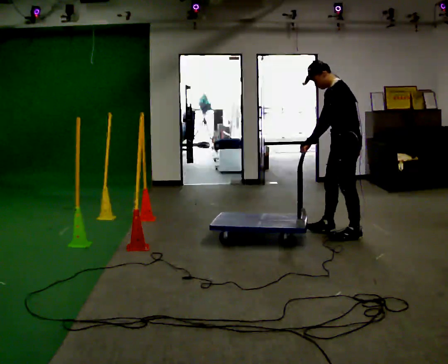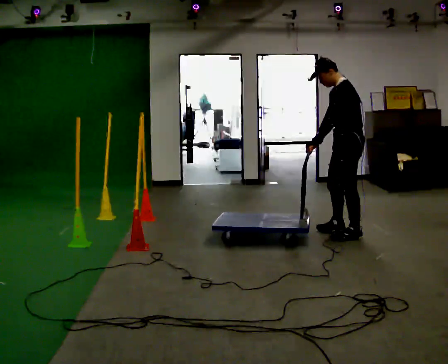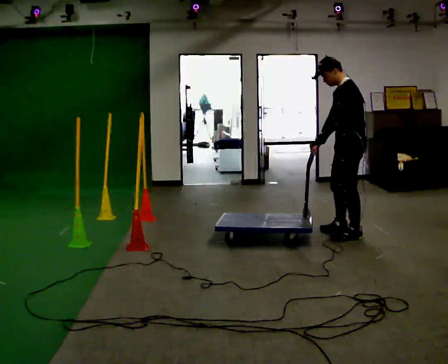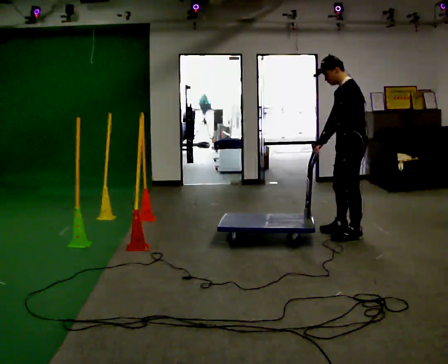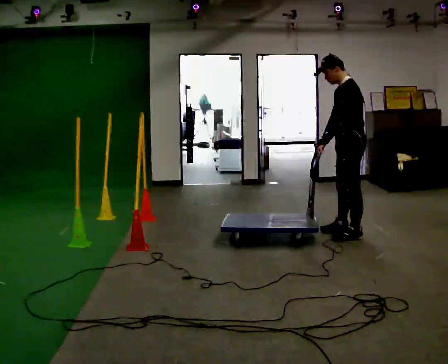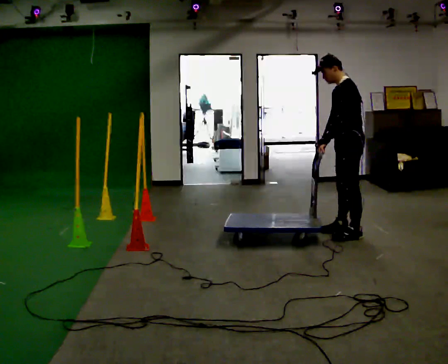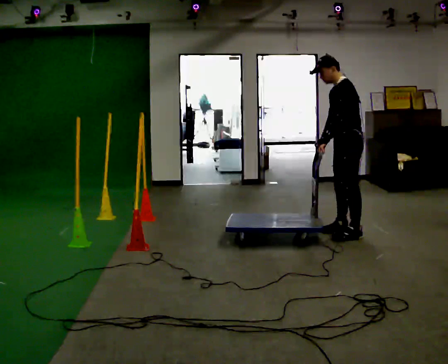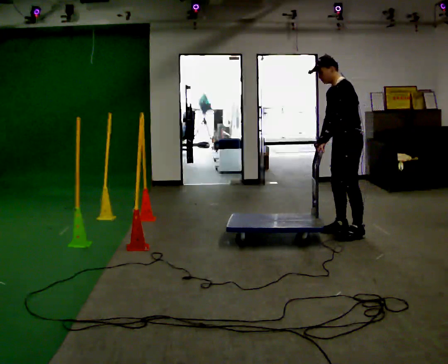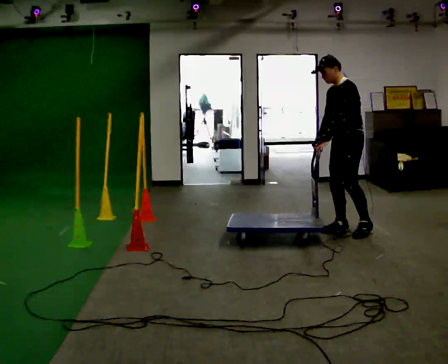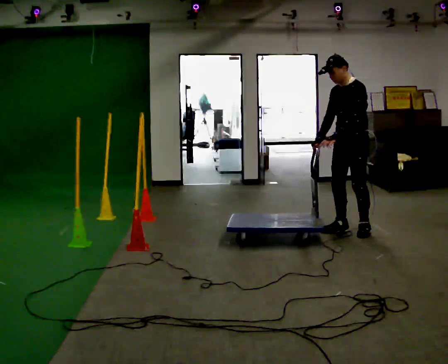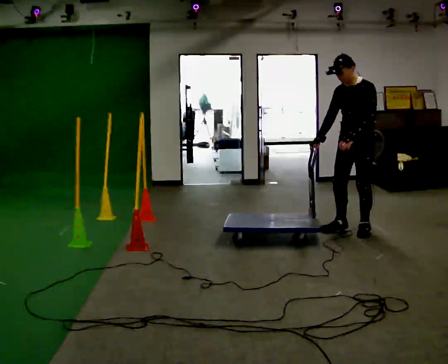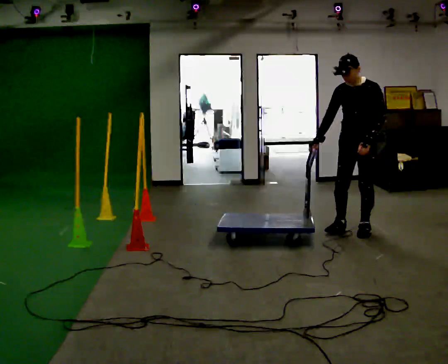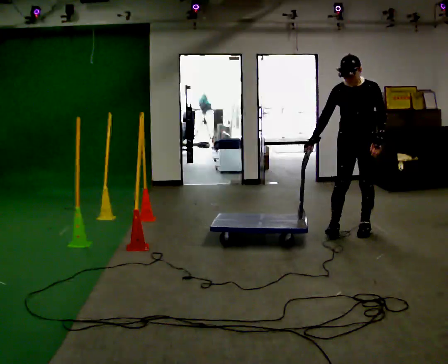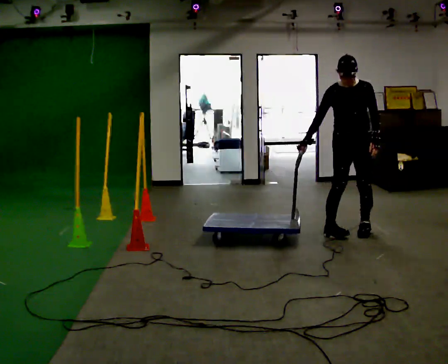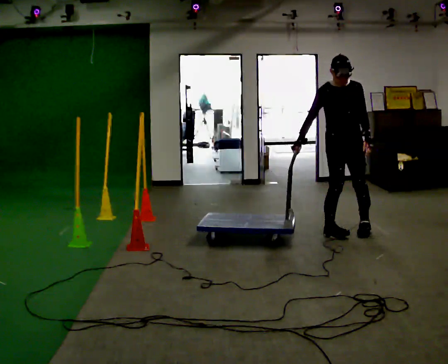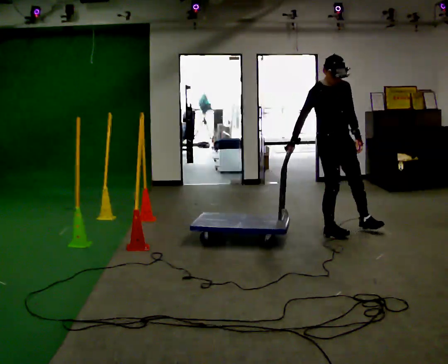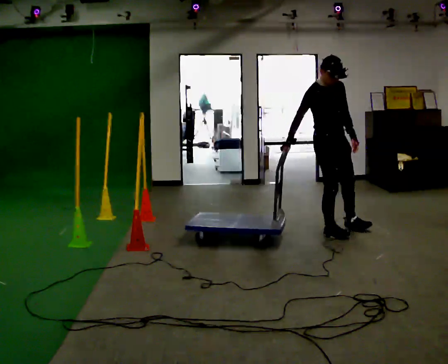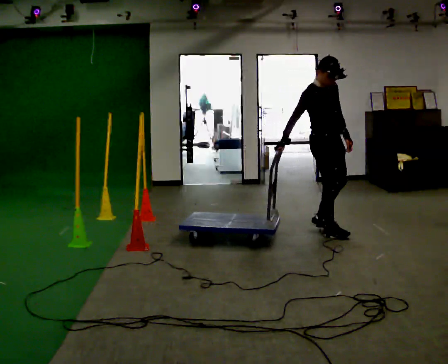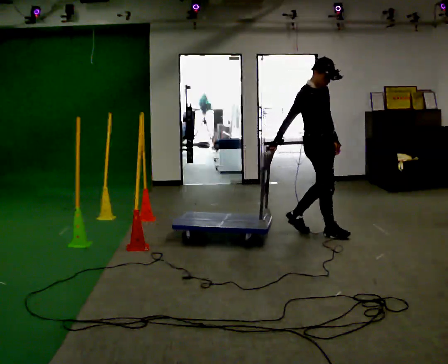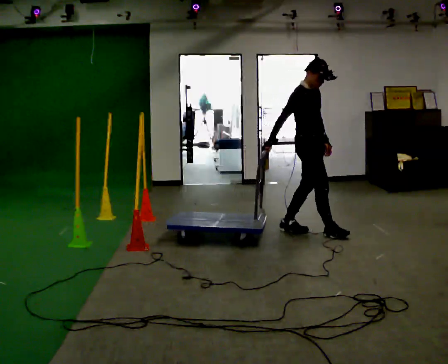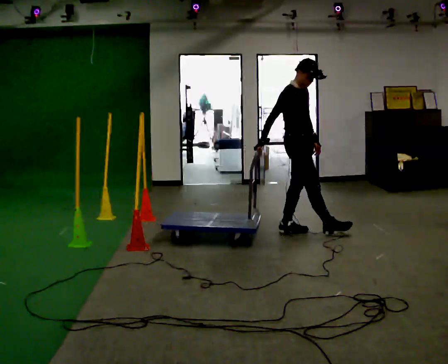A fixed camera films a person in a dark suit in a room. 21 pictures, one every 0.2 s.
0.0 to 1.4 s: The person moves a little, or ends about where they began.
1.4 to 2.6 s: The part of the body nearest the lens slides to the right as the person turns to their left by about 75 degrees. In the picture their left hand goes to the right, the arm swinging counterclockwise.
2.6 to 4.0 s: The person turns about 75 degrees to their left, counterclockwise seen from above, so the part of the body nearest the lens slides to the right. In the picture they go to the left, about 0.5 m in 2 steps.
The film runs backward here.
